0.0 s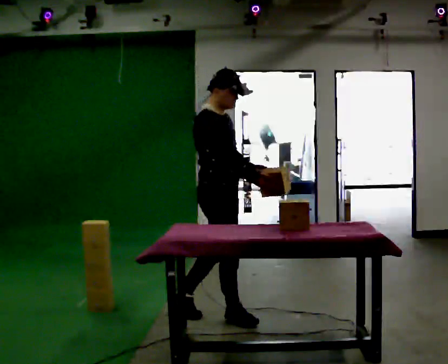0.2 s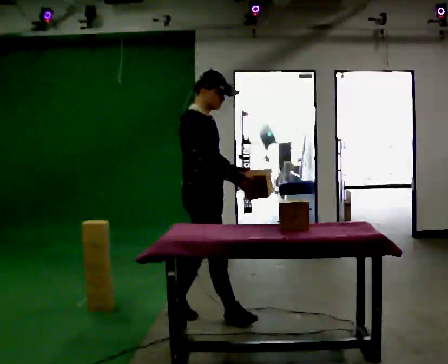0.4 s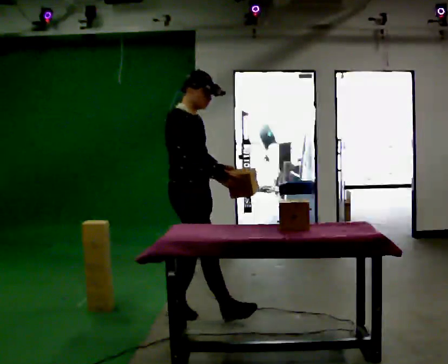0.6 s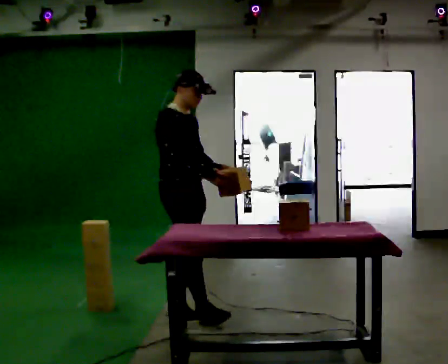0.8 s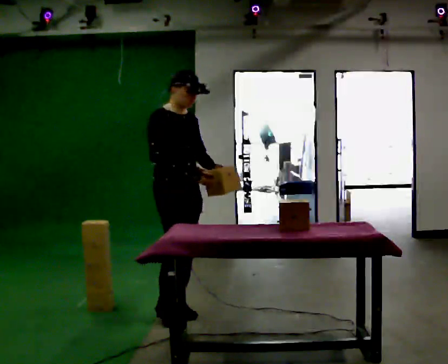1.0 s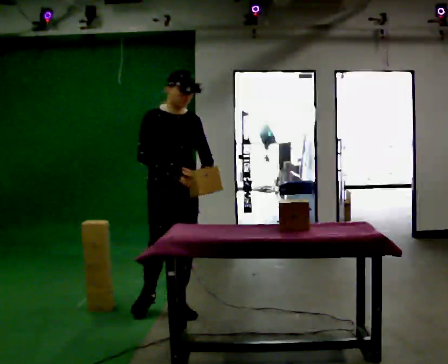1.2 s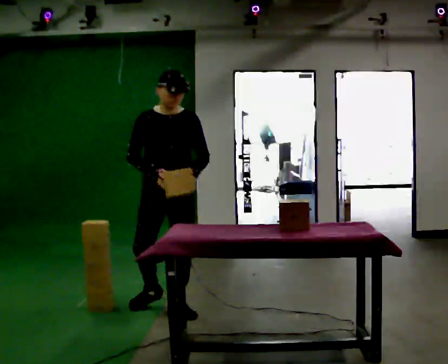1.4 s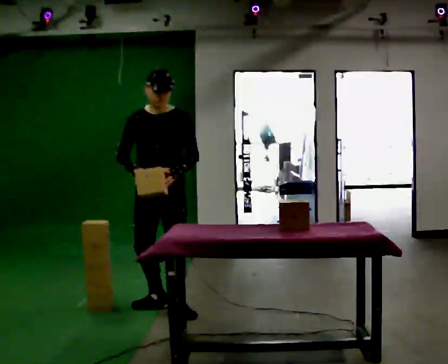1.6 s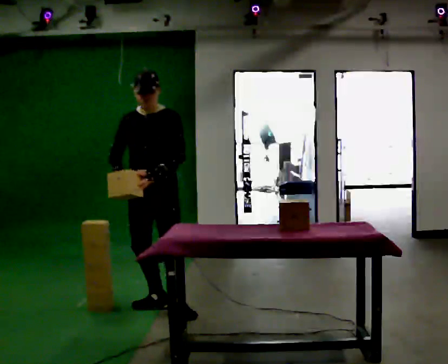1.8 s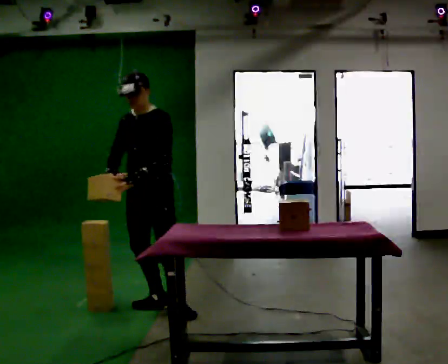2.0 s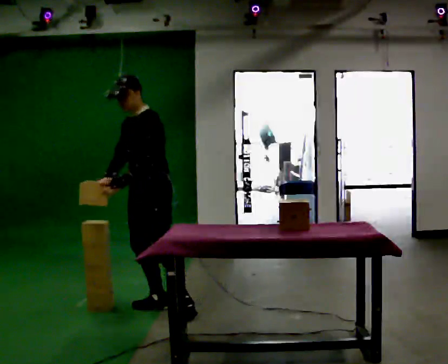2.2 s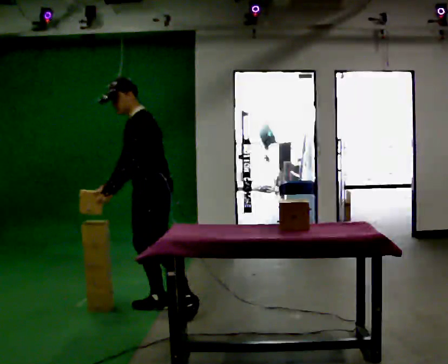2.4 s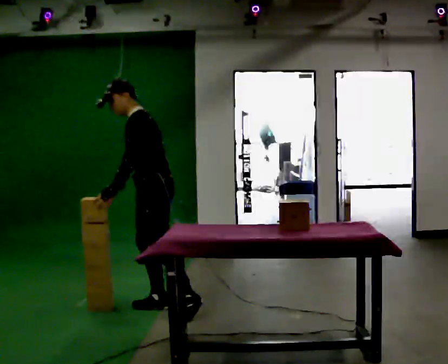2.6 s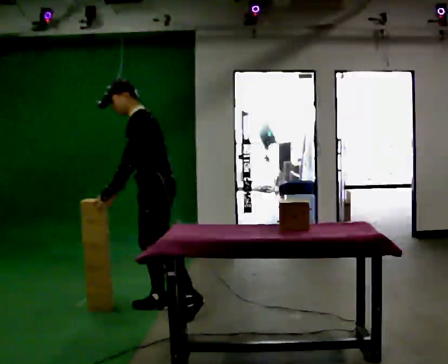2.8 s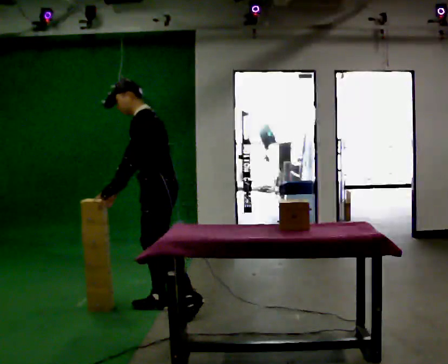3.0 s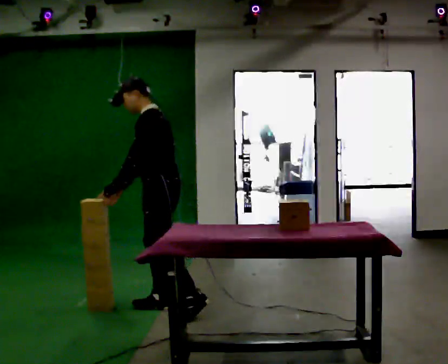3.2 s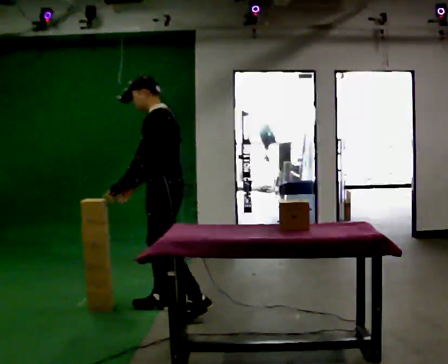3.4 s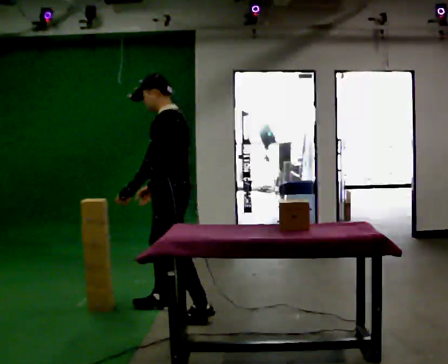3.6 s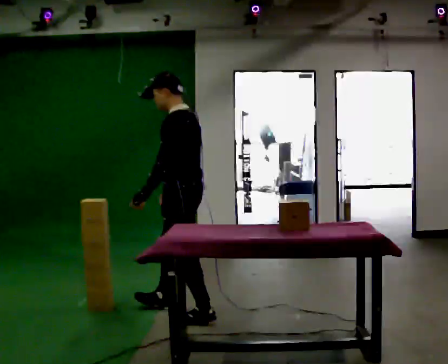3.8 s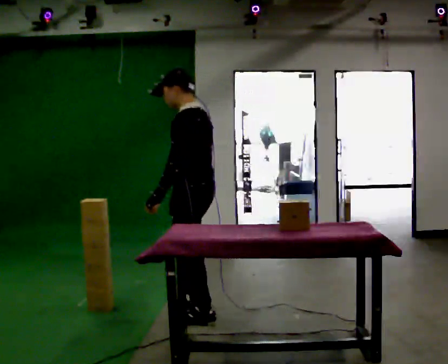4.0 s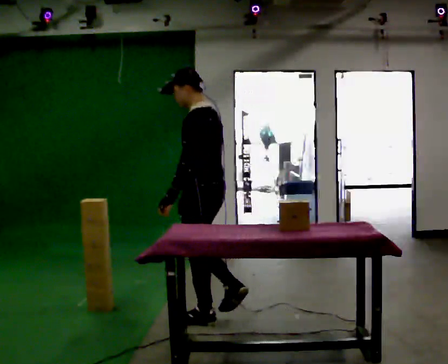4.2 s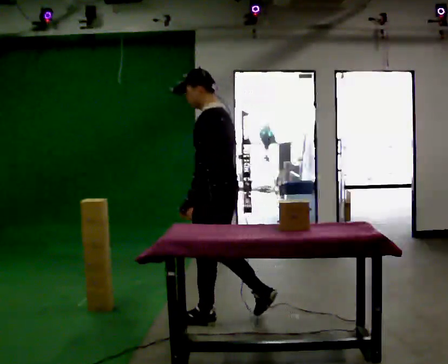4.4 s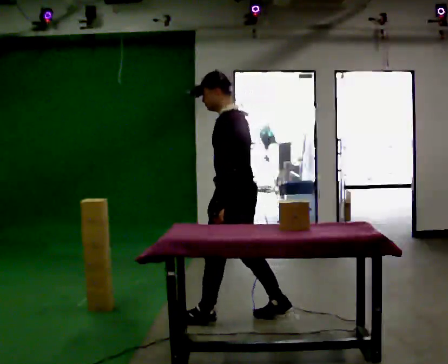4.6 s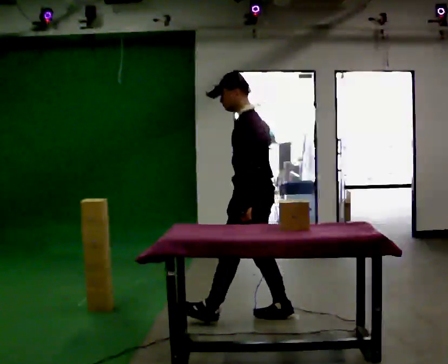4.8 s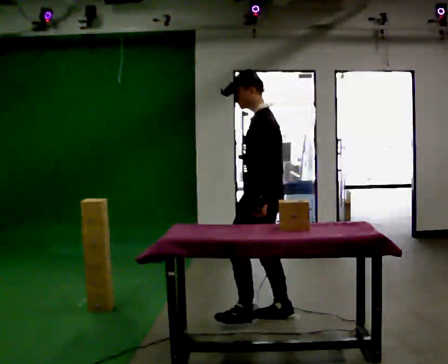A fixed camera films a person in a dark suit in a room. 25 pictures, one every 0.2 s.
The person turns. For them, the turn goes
to their right.
The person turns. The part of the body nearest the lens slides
to the left.
0.0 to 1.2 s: Seen from above the body turns clockwise, about 60 degrees: to their right, with its near side sliding to the left. In the picture they go to the left and away from the camera, about 0.5 m in 1 step.
1.2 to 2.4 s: The person turns about 90 degrees to their right, clockwise seen from above, so the part of the body nearest the lens slides to the left. In the picture the upper body tilts counterclockwise, shoulders to the left, as they bend forward.
2.4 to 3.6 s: The person turns about 30 degrees to their right, clockwise seen from above, so the part of the body nearest the lens slides to the left. In the picture they go toward the camera and to the right, about 0.25 m in 2 steps, which for them is to their left and backward. In the picture the upper body tilts clockwise, shoulders to the right, as they lean back or straighten.
3.6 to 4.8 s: In the picture they go to the right, about 0.5 m in 1 step, which for them is backward.
The film runs backward here.
